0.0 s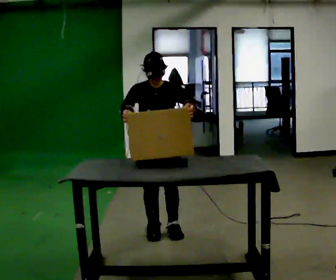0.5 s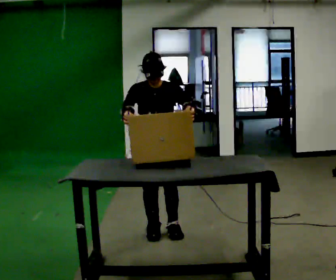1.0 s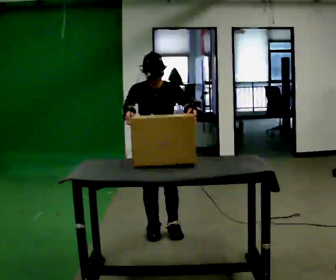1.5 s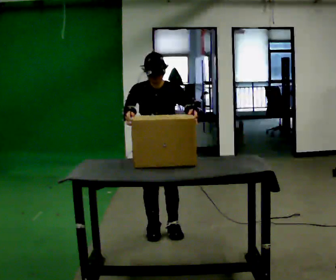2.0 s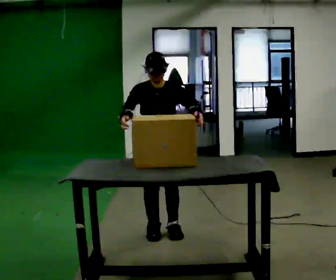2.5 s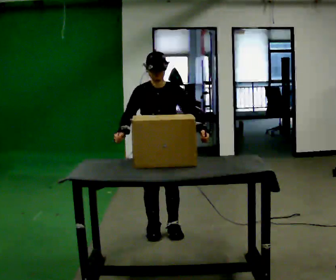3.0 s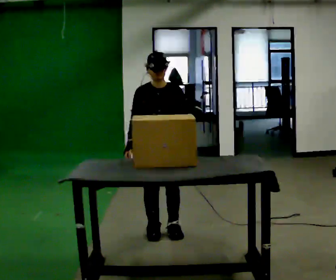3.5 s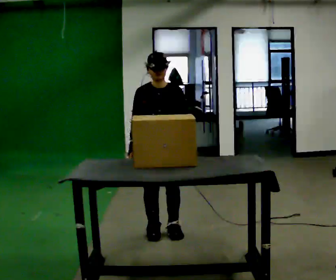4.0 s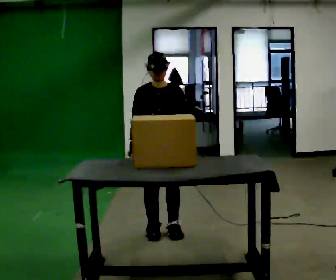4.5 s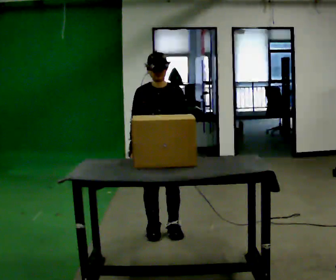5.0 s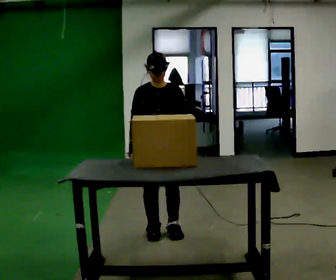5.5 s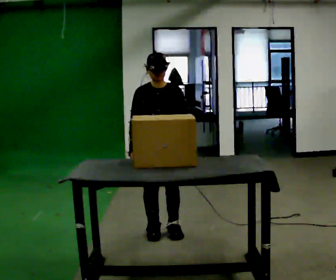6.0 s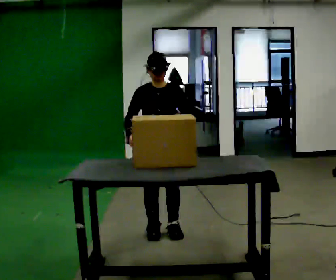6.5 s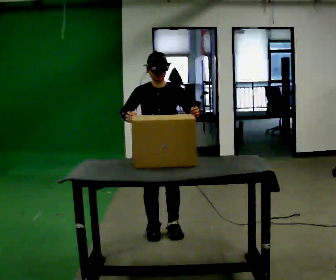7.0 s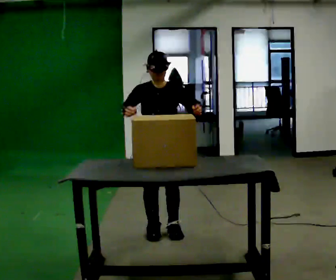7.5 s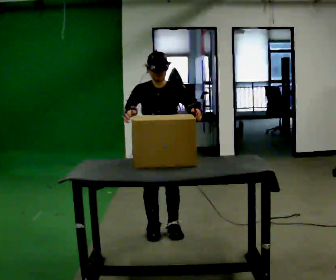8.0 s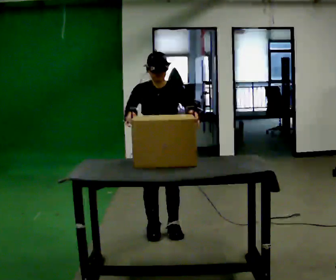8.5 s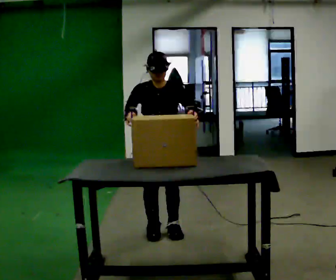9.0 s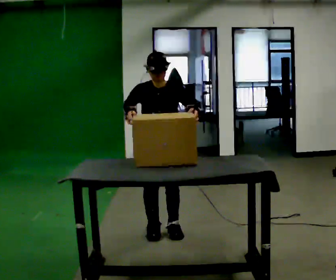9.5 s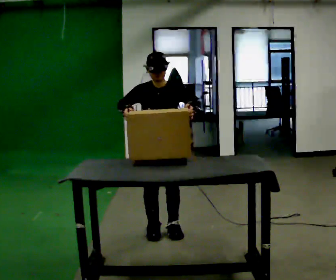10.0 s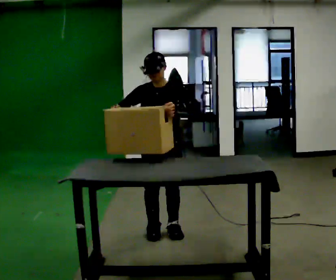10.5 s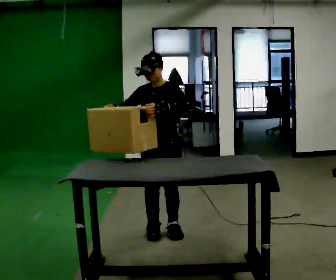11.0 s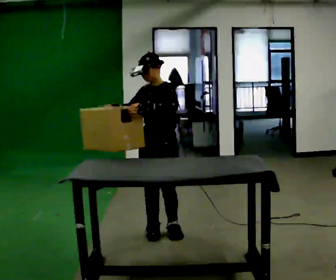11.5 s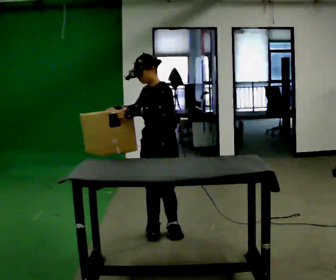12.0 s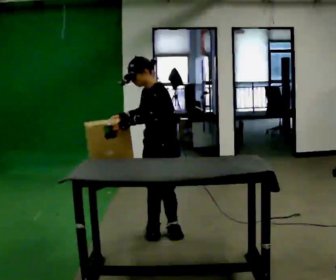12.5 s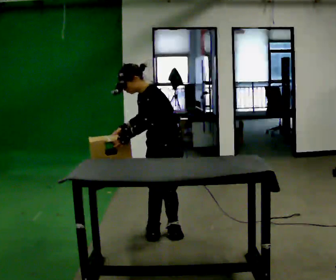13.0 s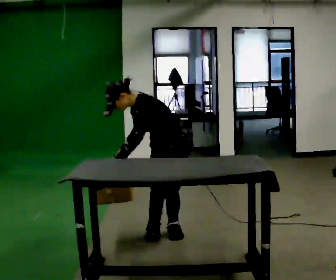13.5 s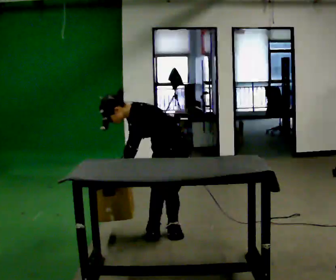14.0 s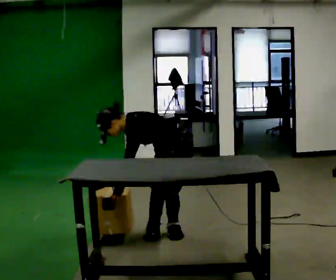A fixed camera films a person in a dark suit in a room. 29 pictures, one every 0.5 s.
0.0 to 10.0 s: The person moves a little, or ends about where they began.
10.0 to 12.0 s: The person turns about 45 degrees to their right, clockwise seen from above, so the part of the body nearest the lens slides to the left.
12.0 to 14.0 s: The shoulders move downward. In the picture the upper body tilts counterclockwise, shoulders to the left, as they bend forward. In the picture their right hand goes downward.
The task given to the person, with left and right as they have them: Pick the fragile object up and set it back down as gently as you can. Repeat at your own pace until the operator says stop. Keep both feet on the marked spots for the whole take. If you have to step, stop and tell the operator.
The film runs forward here.
